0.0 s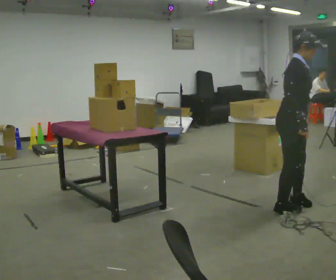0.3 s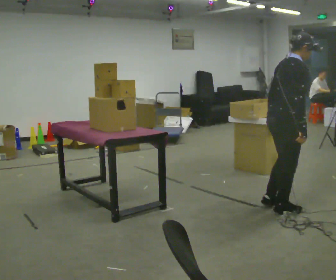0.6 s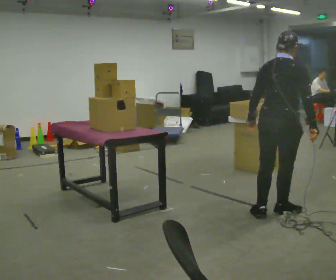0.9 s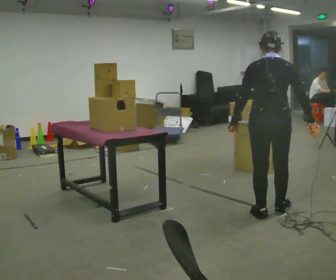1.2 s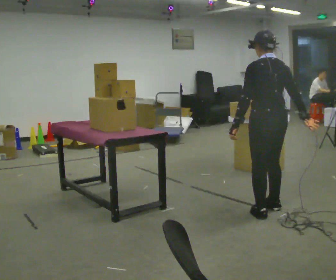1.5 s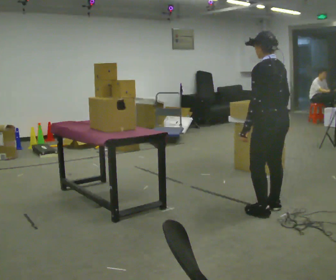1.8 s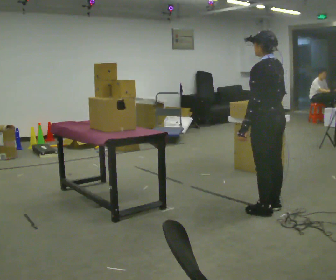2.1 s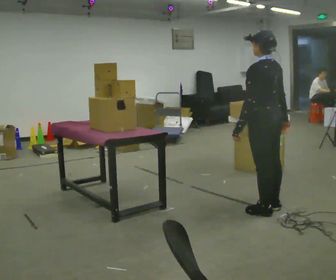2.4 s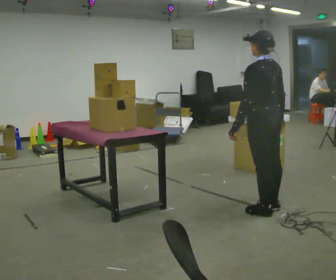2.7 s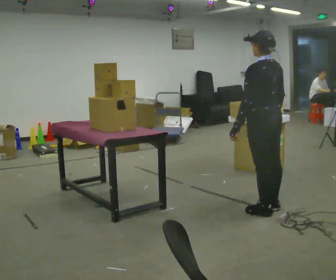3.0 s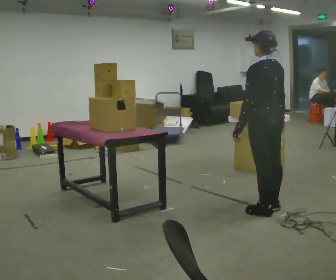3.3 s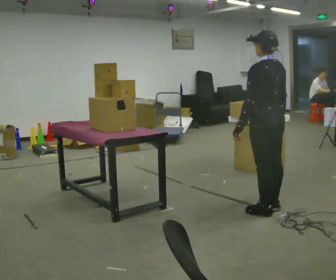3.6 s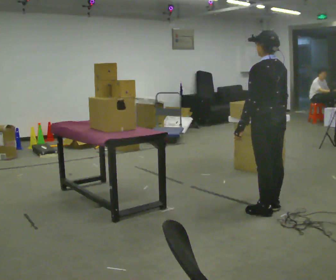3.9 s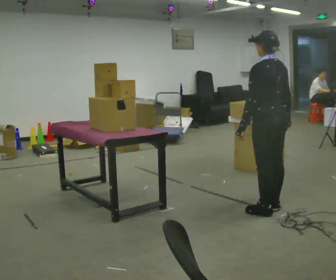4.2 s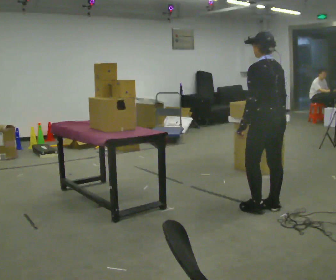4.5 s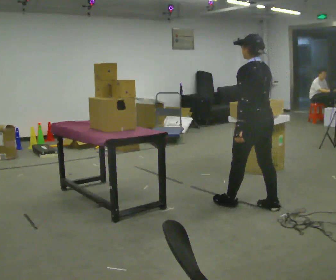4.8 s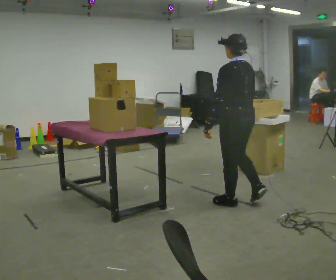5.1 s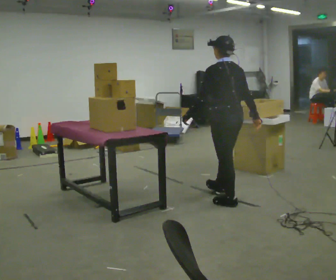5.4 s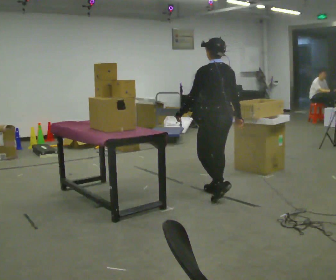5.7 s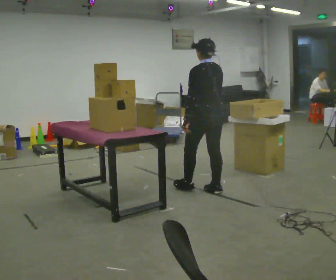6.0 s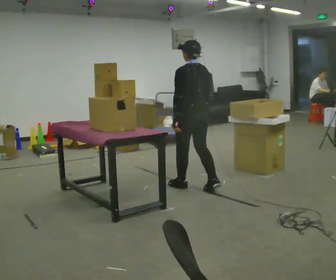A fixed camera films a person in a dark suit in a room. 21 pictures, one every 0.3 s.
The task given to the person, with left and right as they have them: 1. Move everything from the second bin into the first bin. 2. Carry the empty bin to the shelf. 3. Carry the full bin to the table. 4. Tell the operator when you are finished.
0.0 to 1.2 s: The part of the body nearest the lens slides to the right as the person turns to their left by about 135 degrees. In the picture they go to the left, about 0.25 m in 1 step. In the picture their left hand goes to the left.
1.2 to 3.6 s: The person moves a little, or ends about where they began.
3.6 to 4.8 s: In the picture they go to the left and away from the camera, about 0.25 m in 1 step, which for them is forward.
4.8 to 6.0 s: In the picture they go away from the camera and to the left, about 0.75 m in 2 steps, which for them is forward.
The film runs forward here.
